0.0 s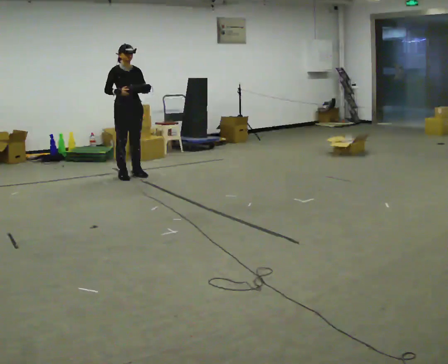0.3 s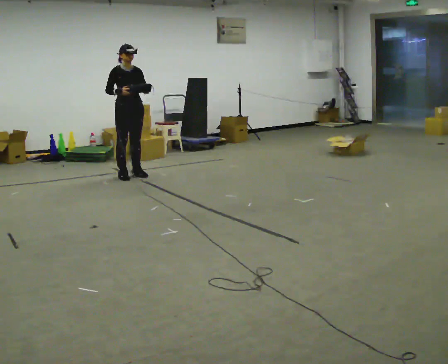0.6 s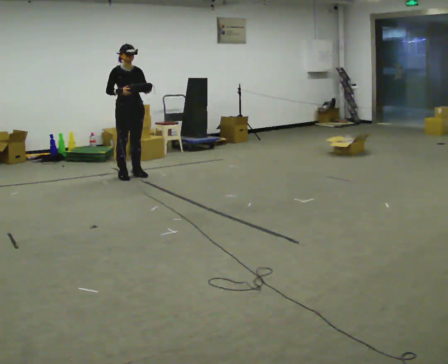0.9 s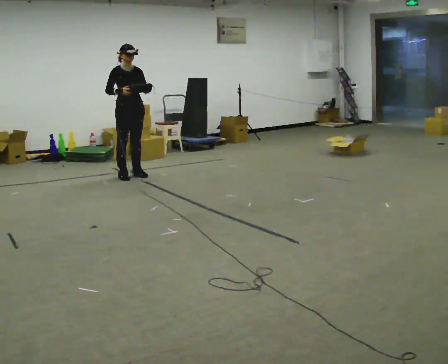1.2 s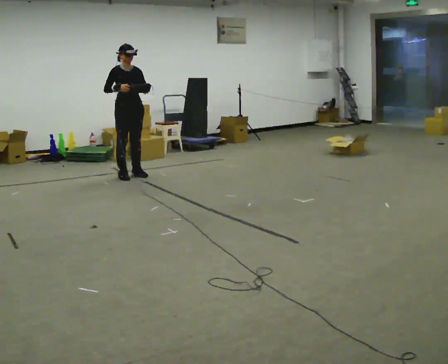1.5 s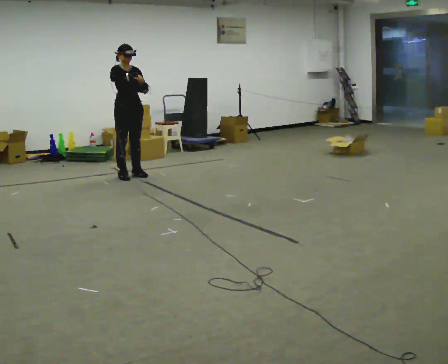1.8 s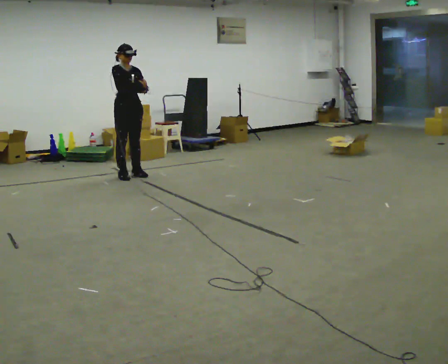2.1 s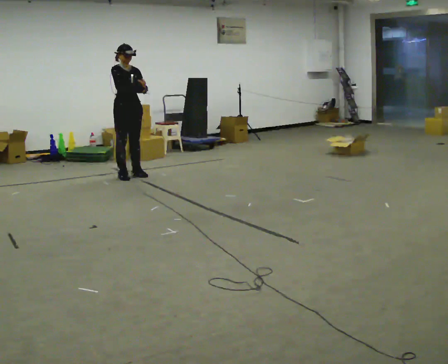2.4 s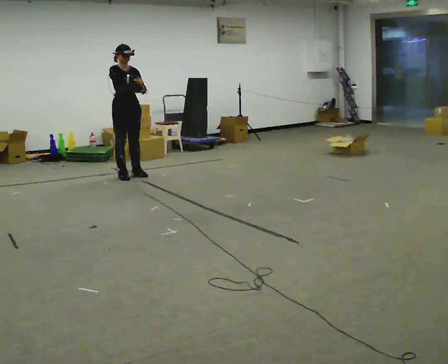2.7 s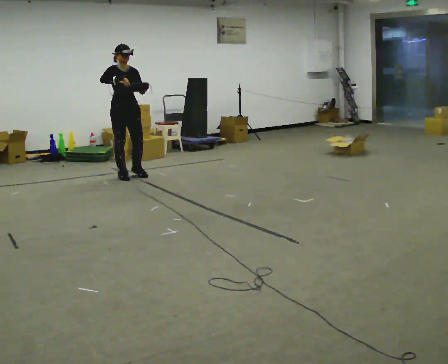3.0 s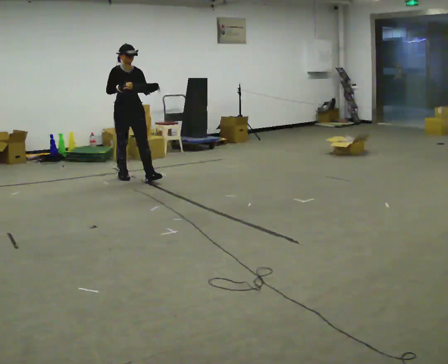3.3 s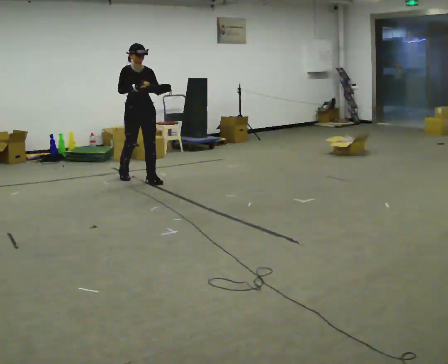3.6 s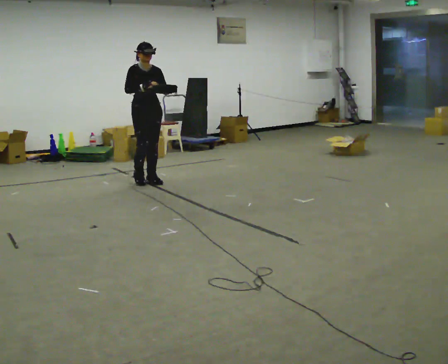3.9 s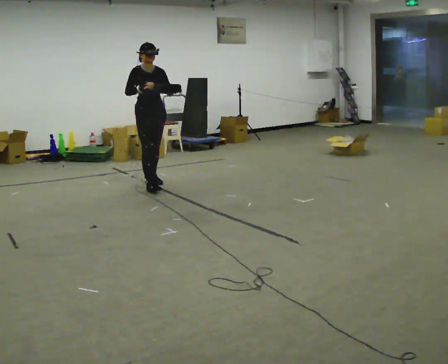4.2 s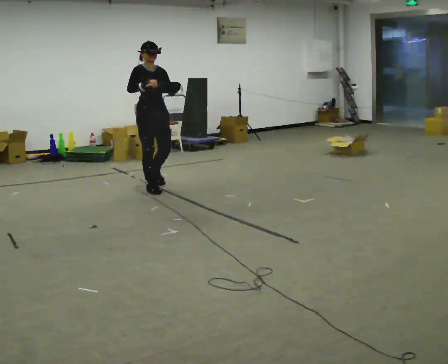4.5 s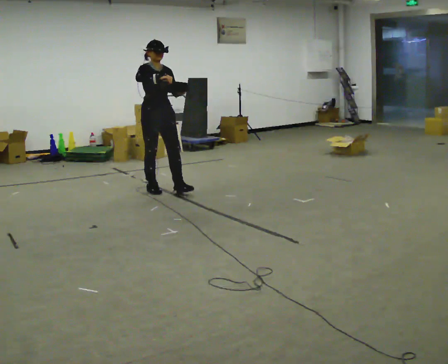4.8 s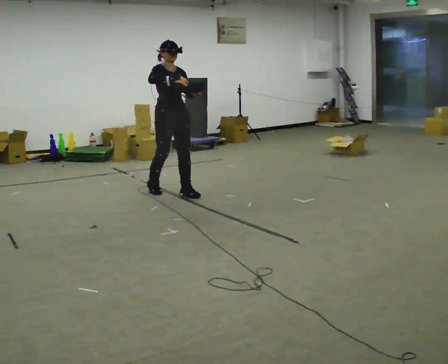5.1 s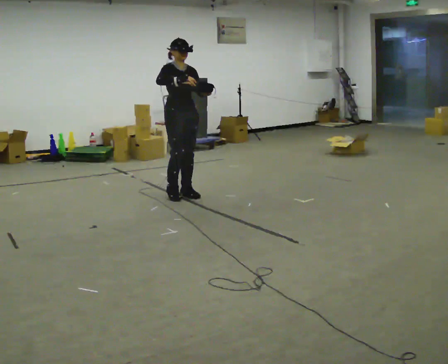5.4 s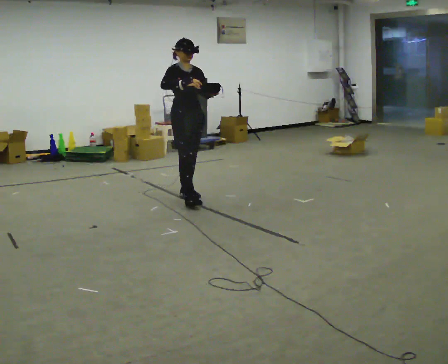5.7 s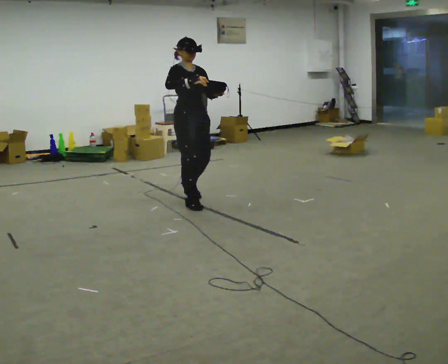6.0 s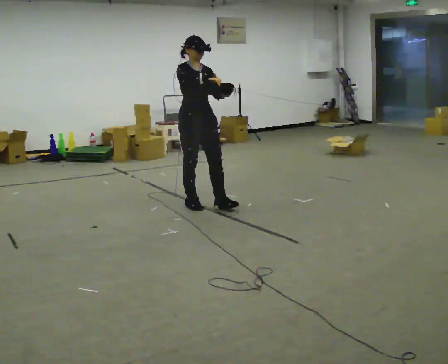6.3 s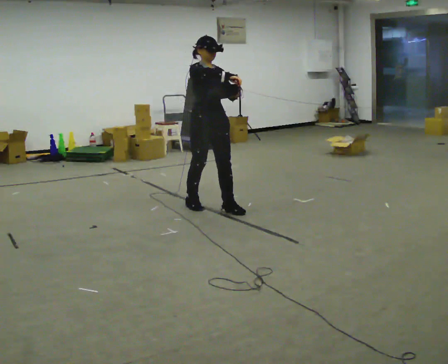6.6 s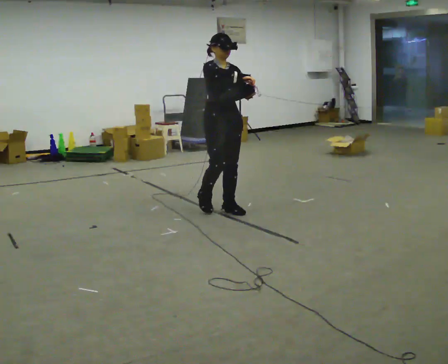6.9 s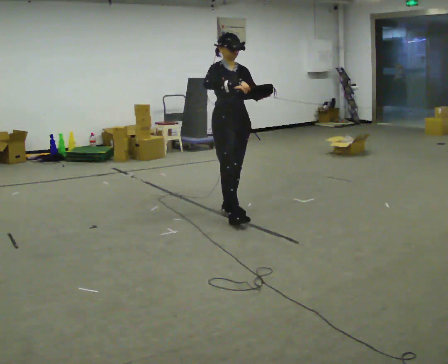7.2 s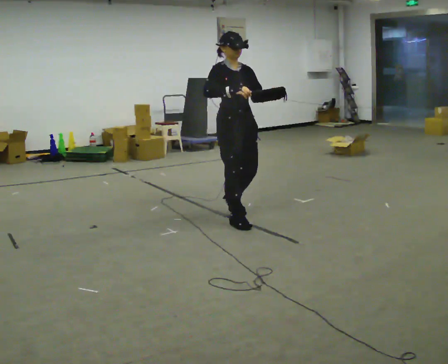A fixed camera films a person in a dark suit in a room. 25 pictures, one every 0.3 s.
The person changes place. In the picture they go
toward the camera.
0.0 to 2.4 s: The person moves a little, or ends about where they began.
2.4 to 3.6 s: In the picture they go toward the camera and to the right, about 0.5 m in 1 step, which for them is forward.
3.6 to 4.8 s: In the picture they go toward the camera and to the right, about 0.5 m in 2 steps, which for them is forward.
4.8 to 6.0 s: In the picture they go toward the camera and to the right, about 0.5 m in 1 step, which for them is forward.
6.0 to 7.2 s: In the picture they go toward the camera and to the right, about 0.5 m in 2 steps, which for them is forward.
The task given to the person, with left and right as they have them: Carry the bag and, while walking, undo the buckle or zip, then do it up again. Keep repeating as you walk. Do not stop.
The film runs forward here.
